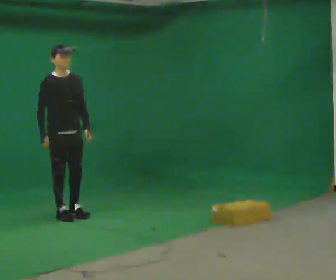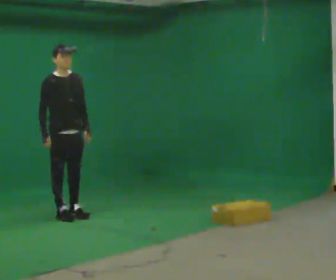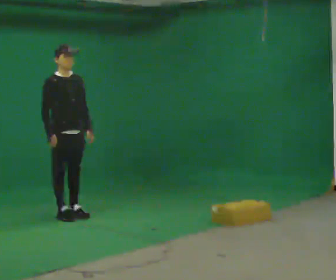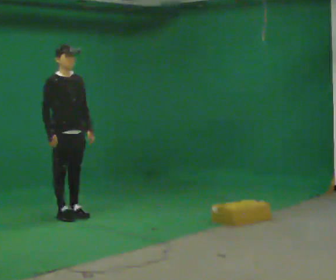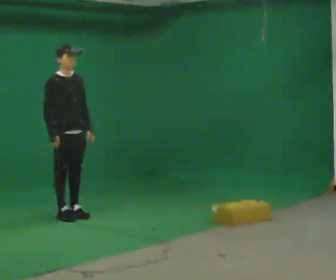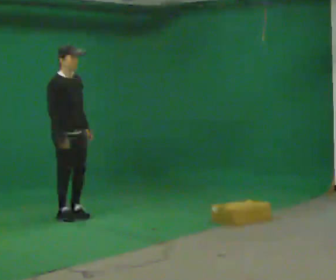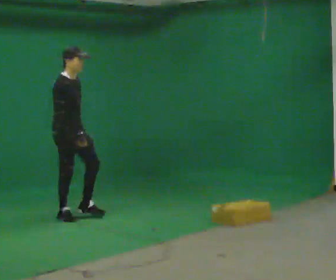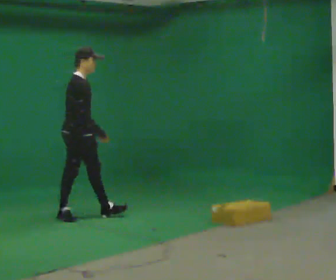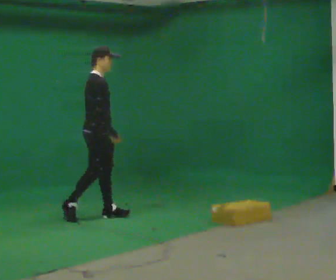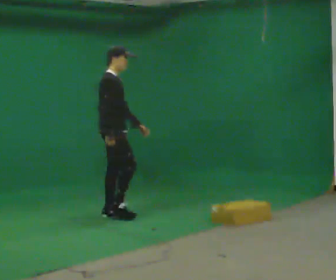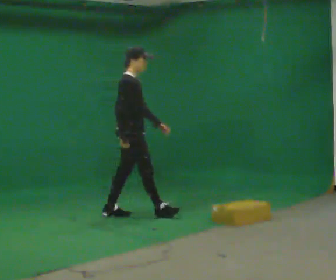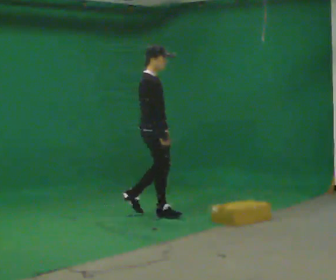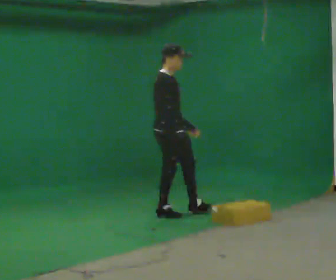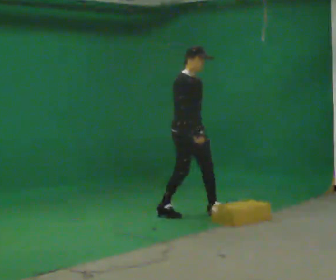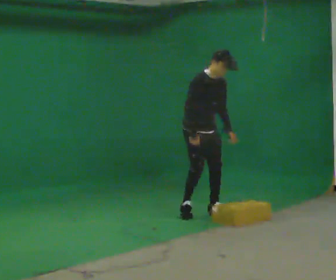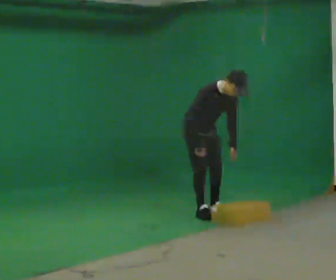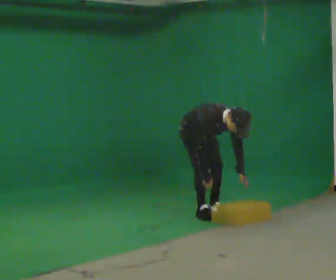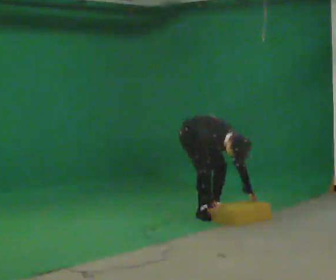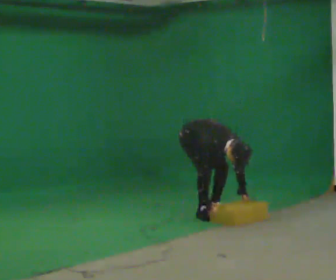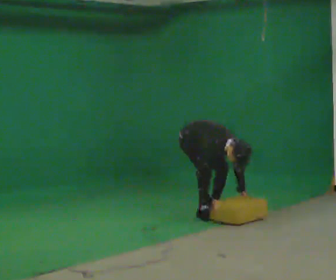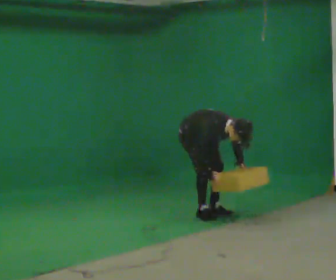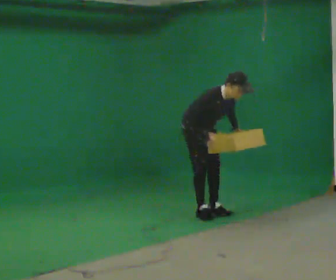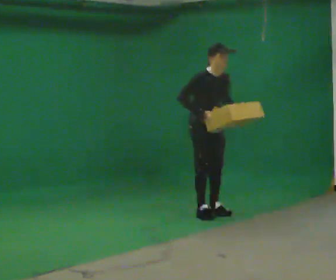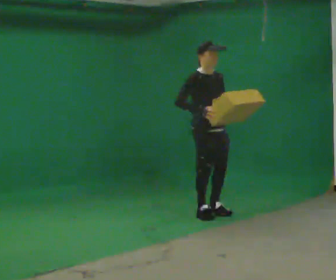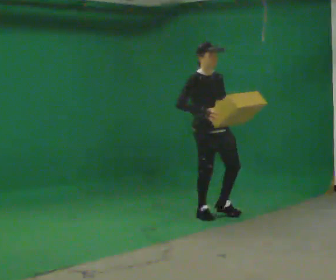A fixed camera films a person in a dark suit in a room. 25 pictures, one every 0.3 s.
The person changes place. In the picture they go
to the right.
0.0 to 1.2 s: The person moves a little, or ends about where they began.
1.2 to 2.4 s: The part of the body nearest the lens slides to the right as the person turns to their left by about 30 degrees. In the picture they go to the right, about 0.25 m in 1 step, which for them is forward and to their left.
2.4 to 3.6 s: In the picture they go to the right, about 0.5 m in 1 step, which for them is forward.
3.6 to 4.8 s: The part of the body nearest the lens slides to the left as the person turns to their right by about 30 degrees. In the picture they go to the right, about 0.25 m in 2 steps, which for them is to their left. The shoulders move downward. In the picture the upper body tilts clockwise, shoulders to the right, as they bend forward. In the picture their right hand goes downward.
4.8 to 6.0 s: The person moves a little, or ends about where they began.
6.0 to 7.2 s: In the picture they go toward the camera, about 0.25 m, which for them is forward. The upper body goes upward. In the picture the upper body tilts counterclockwise, shoulders to the left, as they lean back or straighten. In the picture their right hand goes upward.
The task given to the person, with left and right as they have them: Walk forward noticeably slower than normal; do not shuffle; stop.
The film runs forward here.
